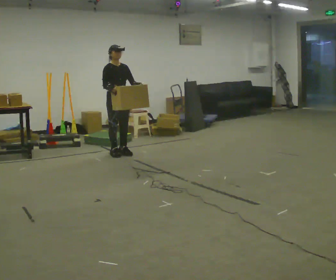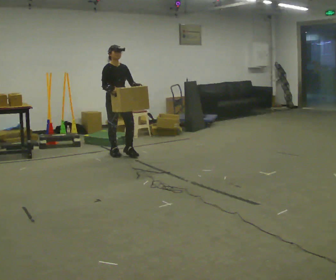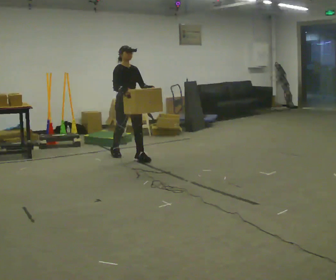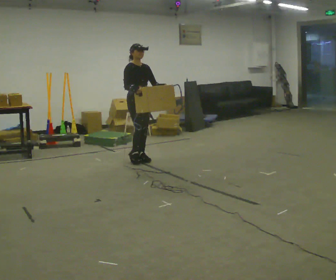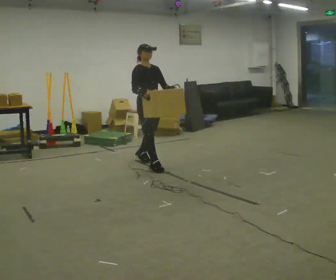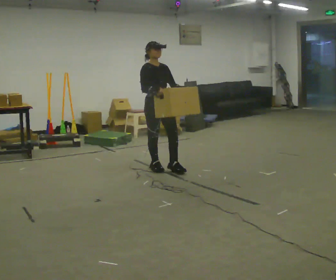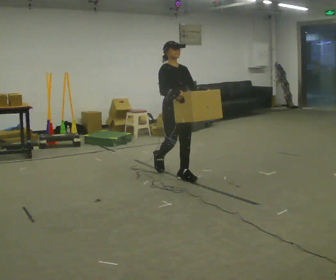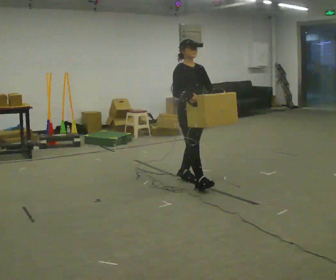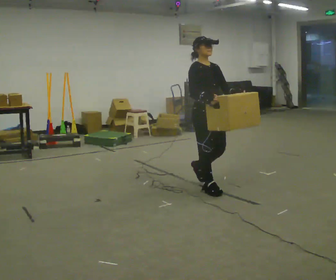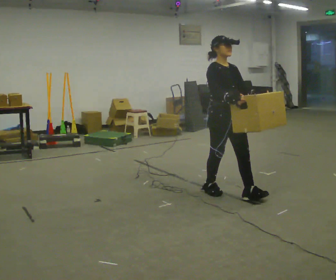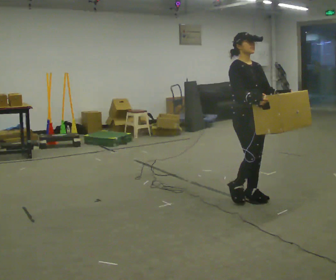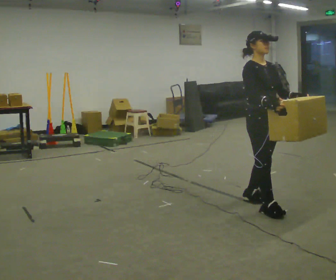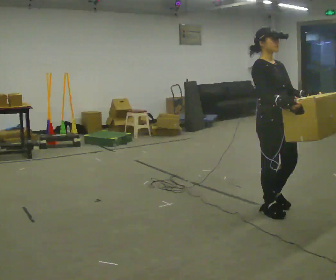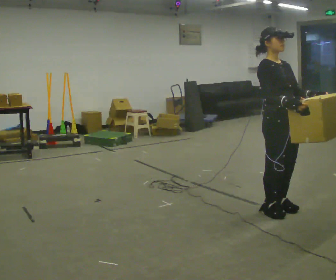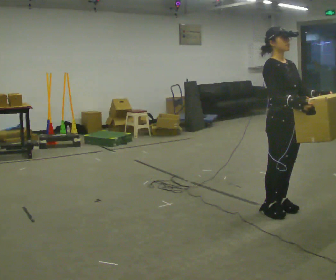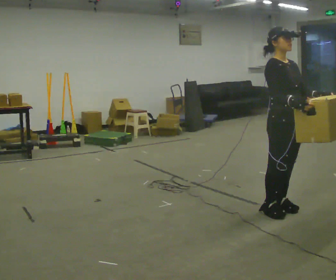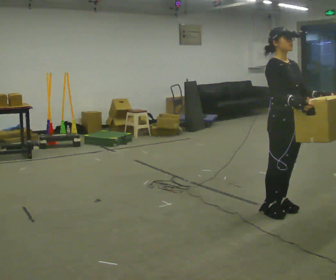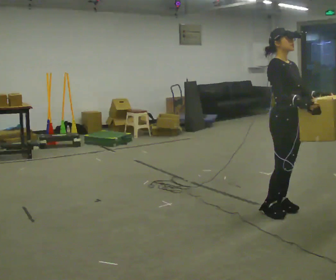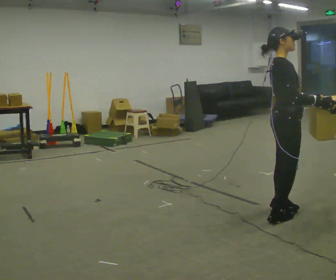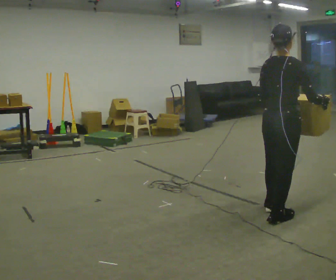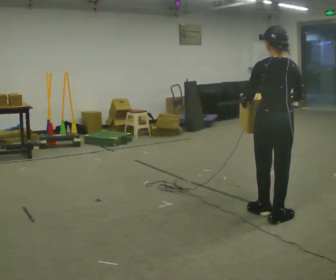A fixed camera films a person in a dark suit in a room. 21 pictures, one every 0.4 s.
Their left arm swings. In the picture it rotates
clockwise.
The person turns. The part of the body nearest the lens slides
to the right.
0.0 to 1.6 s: In the picture they go to the right and toward the camera, about 1 m in 2 steps, which for them is forward.
1.6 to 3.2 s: In the picture they go to the right and toward the camera, about 1 m in 2 steps, which for them is forward.
3.2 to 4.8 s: In the picture they go to the right and toward the camera, about 1 m in 2 steps, which for them is forward.
4.8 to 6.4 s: The person moves a little, or ends about where they began.
6.4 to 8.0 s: Seen from above the body turns counterclockwise, about 150 degrees: to their left, with its near side sliding to the right.
The film runs forward here.
